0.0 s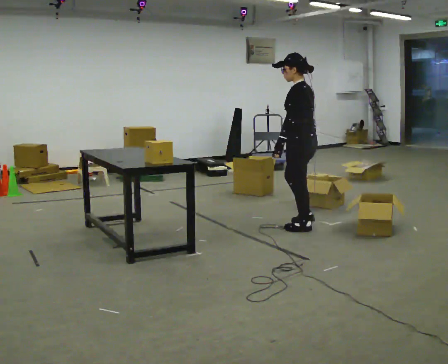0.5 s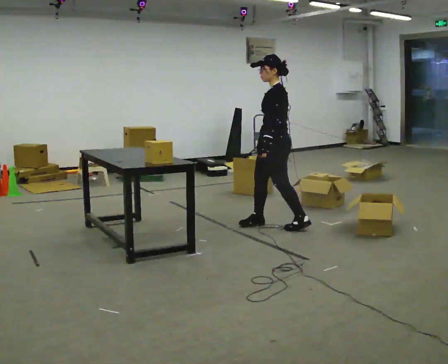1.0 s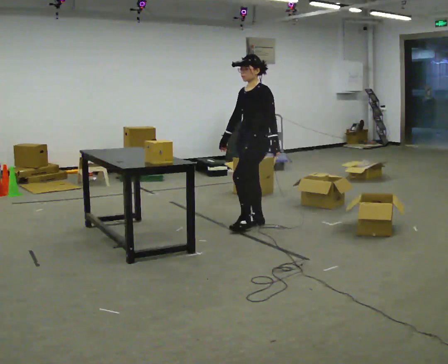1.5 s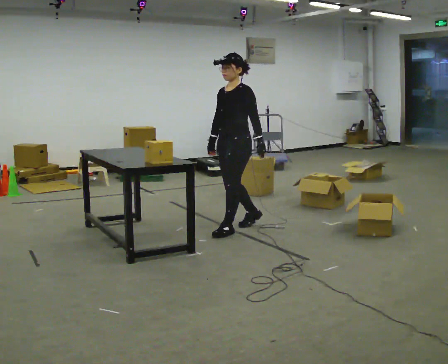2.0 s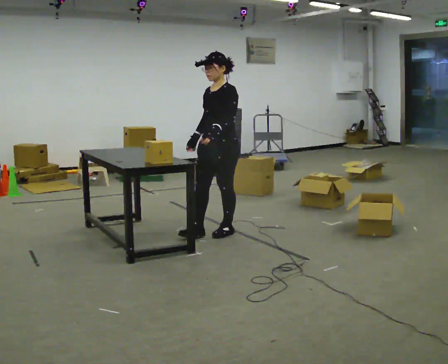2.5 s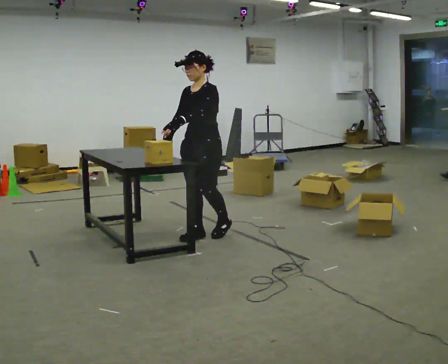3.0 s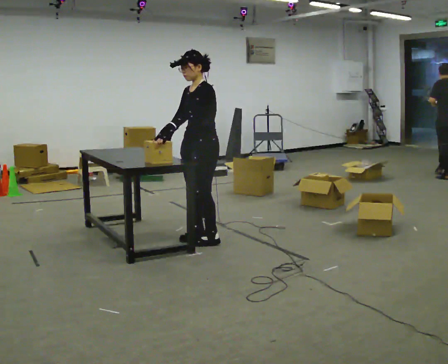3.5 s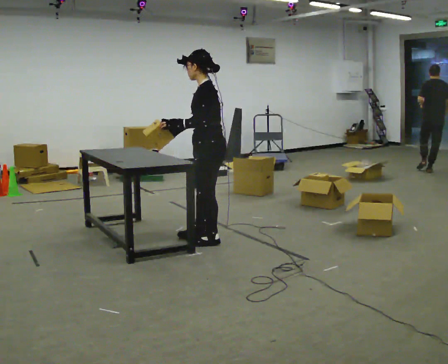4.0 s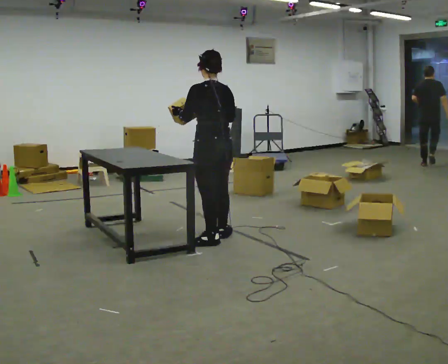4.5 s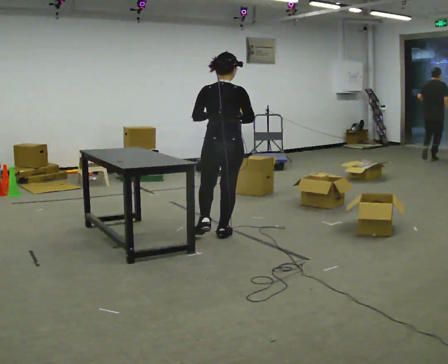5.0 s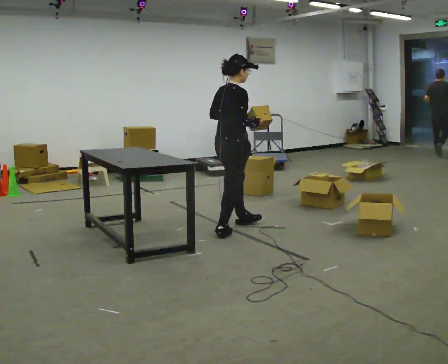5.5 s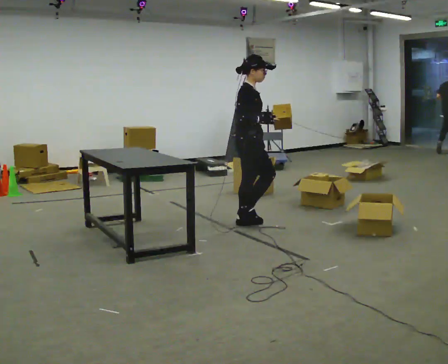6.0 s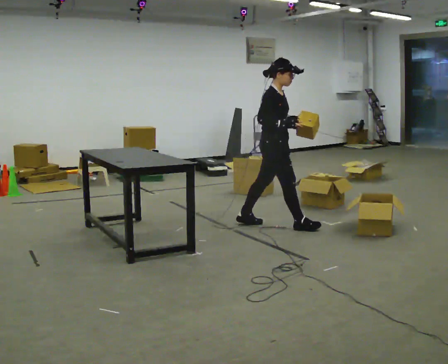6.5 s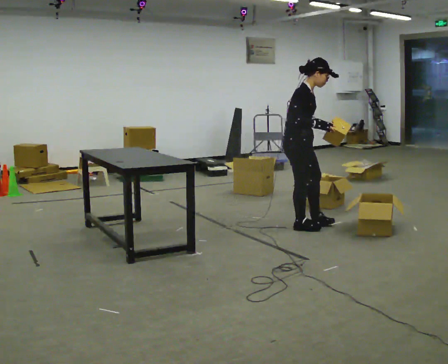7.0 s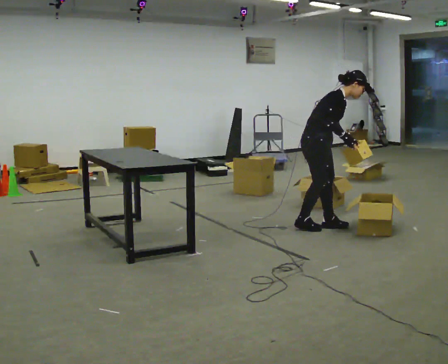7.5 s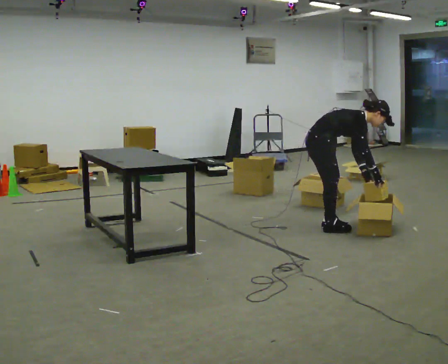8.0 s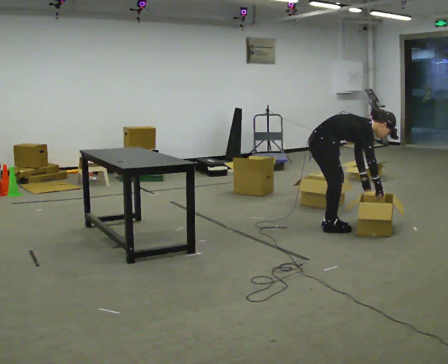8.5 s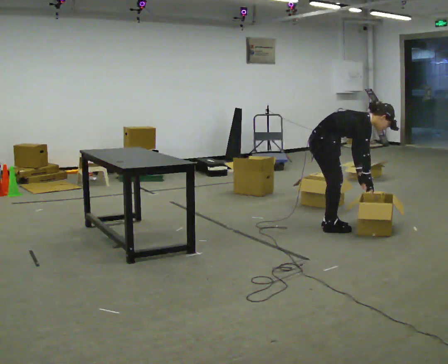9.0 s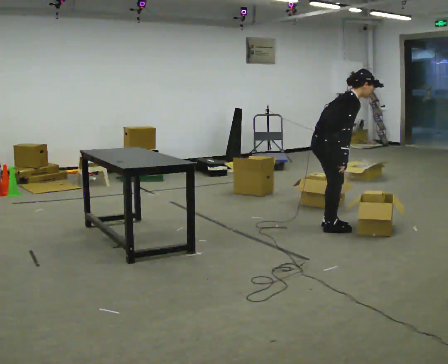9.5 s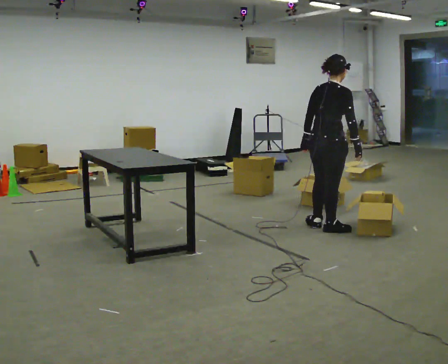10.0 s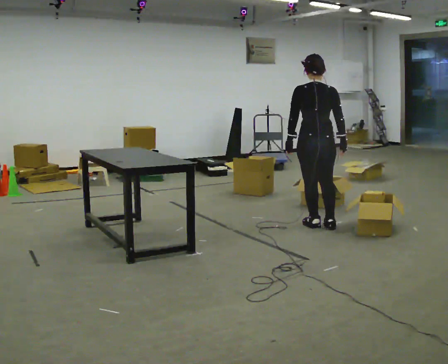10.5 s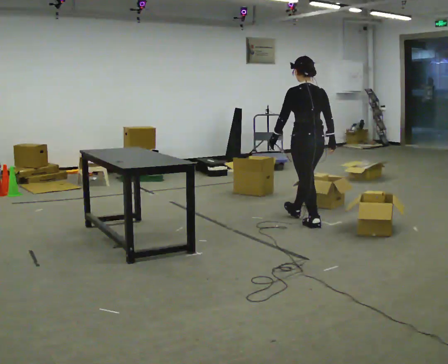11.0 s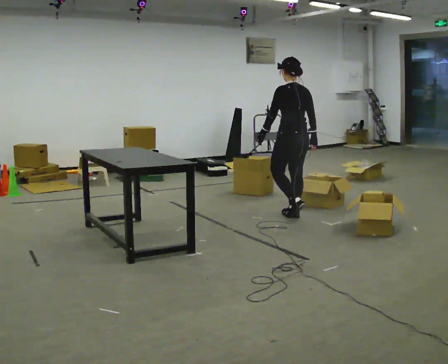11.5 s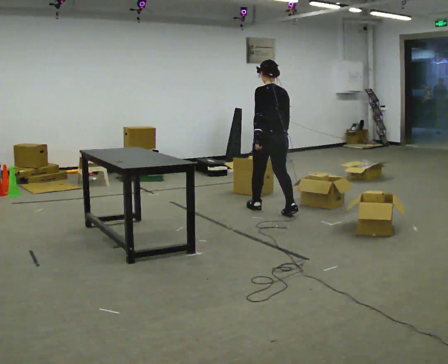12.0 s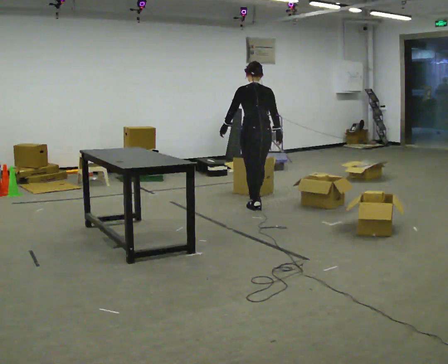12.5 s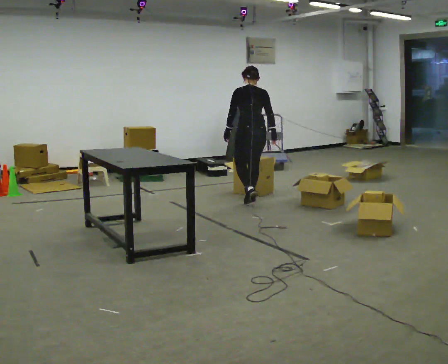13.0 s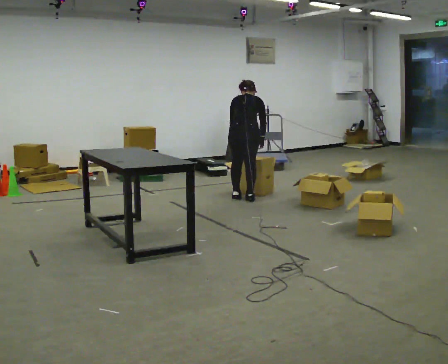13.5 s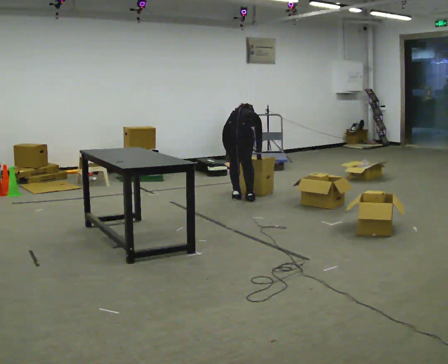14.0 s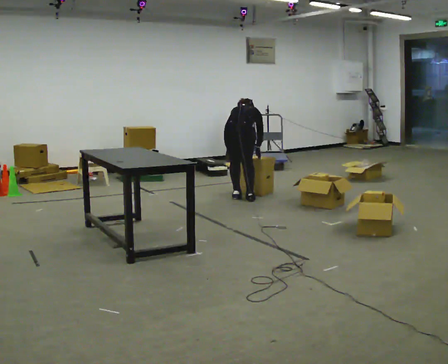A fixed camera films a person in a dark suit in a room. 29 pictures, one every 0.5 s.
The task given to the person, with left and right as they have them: Take each object from the table and put it in the bin that matches it, walking between the bins. Keep going until the operator says stop; one object at a time, and do not rush between trips.
0.0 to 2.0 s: Seen from above the body turns counterclockwise, about 75 degrees: to their left, with its near side sliding to the right. In the picture they go to the left, about 0.5 m in 2 steps.
2.0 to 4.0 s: The person turns about 90 degrees to their right, clockwise seen from above, so the part of the body nearest the lens slides to the left. In the picture they go toward the camera, about 0.25 m in 2 steps. In the picture their left hand goes to the left.
4.0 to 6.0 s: The part of the body nearest the lens slides to the left as the person turns to their right by about 135 degrees. In the picture they go away from the camera and to the right, about 0.75 m in 2 steps.
6.0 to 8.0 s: In the picture they go to the right, about 0.5 m in 2 steps, which for them is forward. The upper body goes downward. In the picture the upper body tilts clockwise, shoulders to the right, as they bend forward. In the picture their left hand goes downward.
8.0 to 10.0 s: Seen from above the body turns counterclockwise, about 90 degrees: to their left, with its near side sliding to the right. The upper body goes upward. In the picture the upper body tilts counterclockwise, shoulders to the left, as they lean back or straighten. In the picture their left hand goes to the left and upward.
10.0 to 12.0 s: In the picture they go away from the camera and to the left, about 1 m in 2 steps, which for them is forward.
12.0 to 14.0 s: Seen from above the body turns clockwise, about 30 degrees: to their right, with its near side sliding to the left. In the picture they go away from the camera and to the left, about 0.5 m in 2 steps, which for them is forward and to their left. The upper body tips away from the camera, its near side rolling upward, as they bend forward. In the picture their left hand goes downward.
The film runs forward here.
